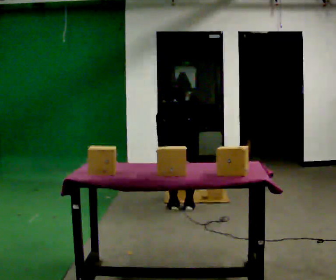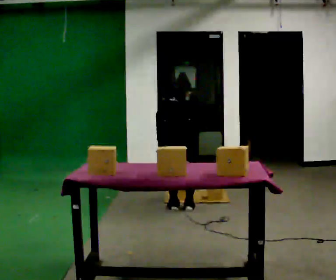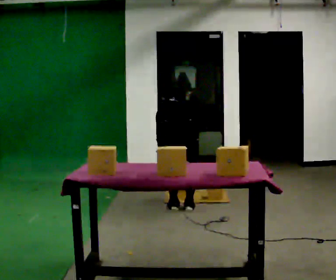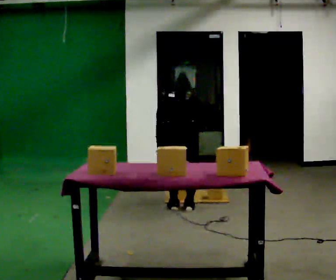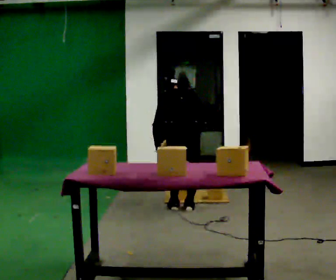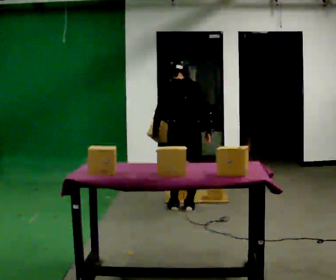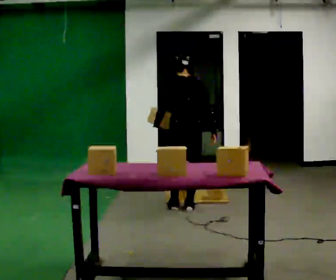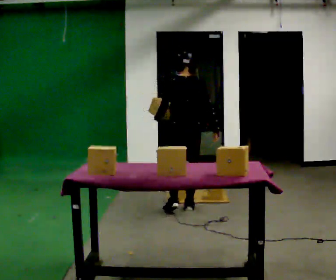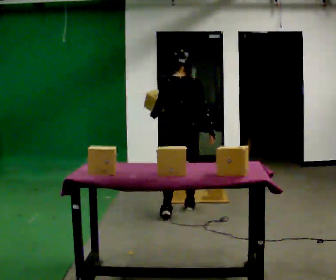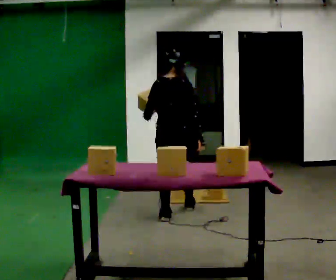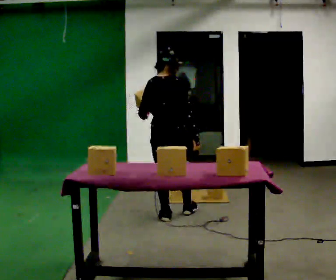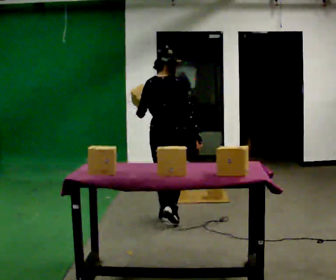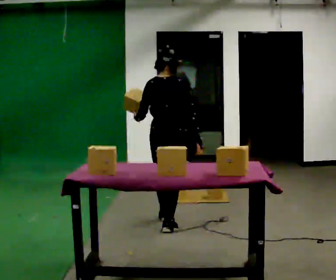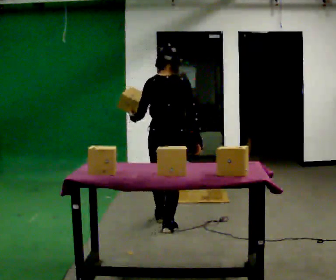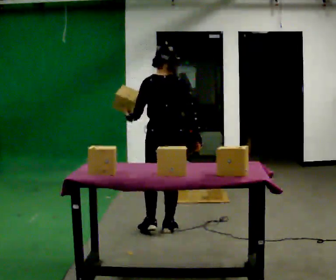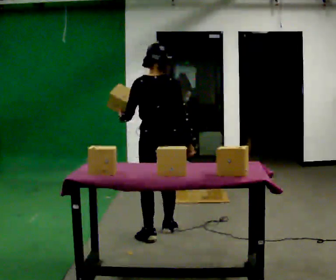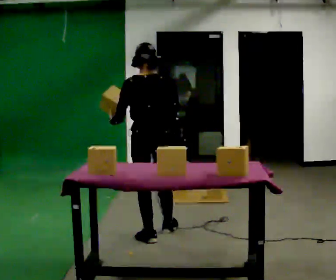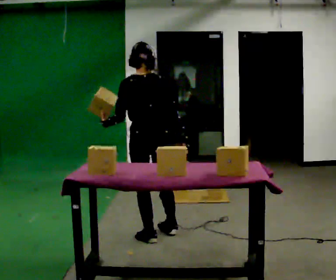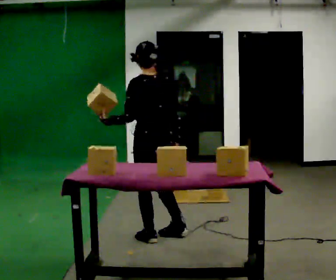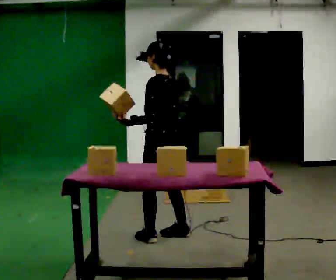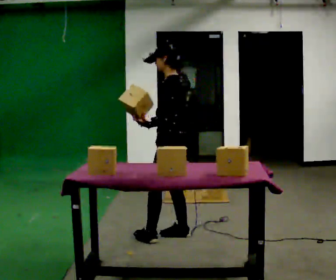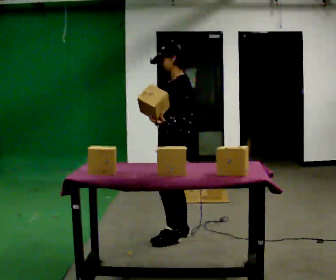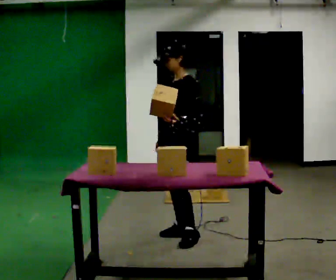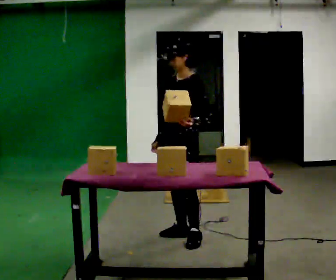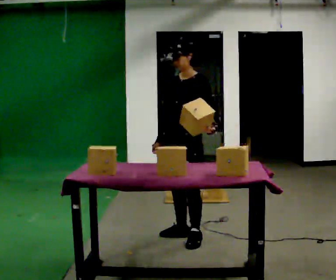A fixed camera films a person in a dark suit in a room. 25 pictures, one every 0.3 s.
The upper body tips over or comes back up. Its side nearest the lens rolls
downward.
The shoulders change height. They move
upward.
0.0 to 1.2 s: The upper body goes upward. The upper body tips toward the camera, its near side rolling downward, as they lean back or straighten.
1.2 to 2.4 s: The upper body tips toward the camera, its near side rolling downward, as they lean back or straighten.
2.4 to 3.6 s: In the picture they go toward the camera, about 0.5 m in 1 step, which for them is backward.
3.6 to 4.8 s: In the picture they go toward the camera, about 0.5 m in 1 step, which for them is backward.
4.8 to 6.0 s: The person turns about 75 degrees to their left, counterclockwise seen from above, so the part of the body nearest the lens slides to the right. In the picture they go to the right, about 0.25 m. In the picture their left hand goes to the right.
6.0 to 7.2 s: Seen from above the body turns counterclockwise, about 60 degrees: to their left, with its near side sliding to the right. In the picture their left hand goes to the right, the arm swinging counterclockwise.
The film runs backward here.
